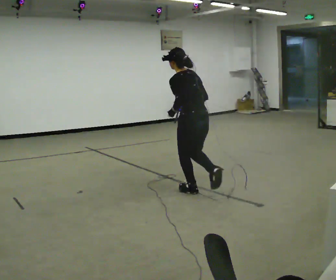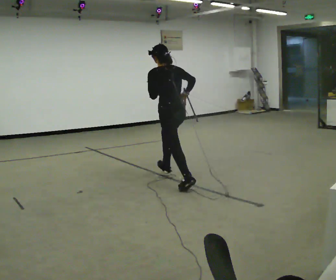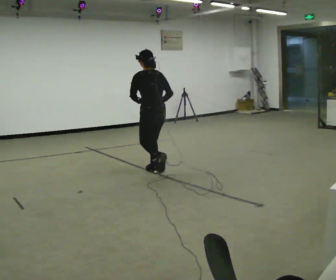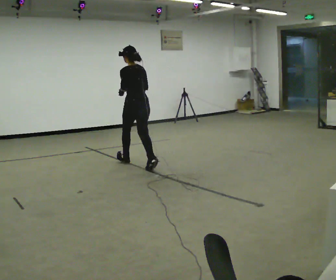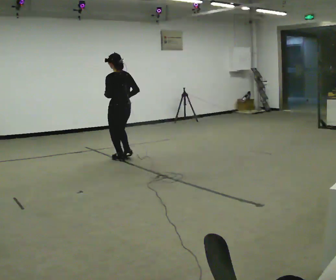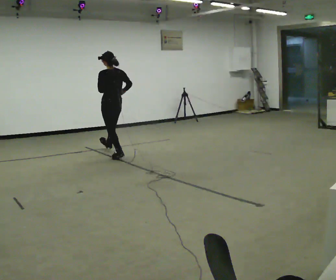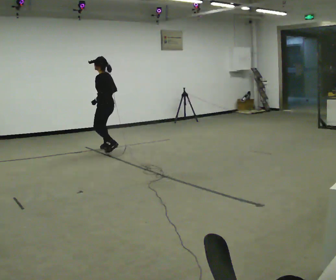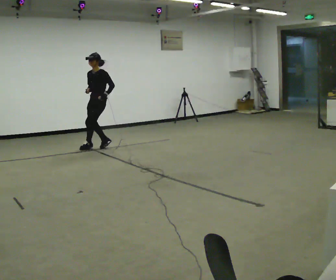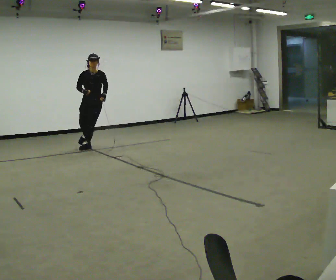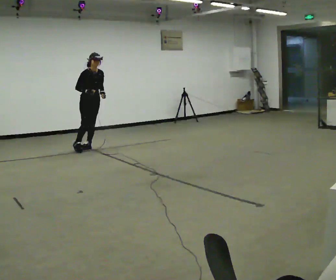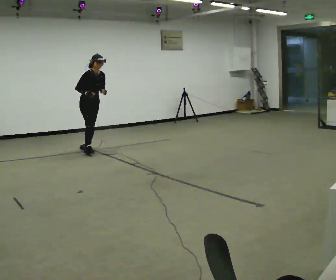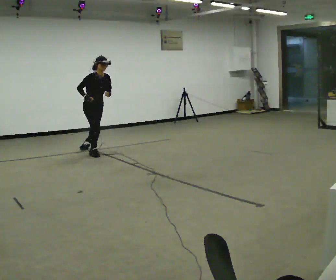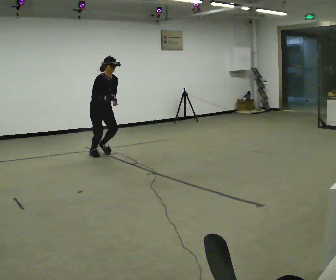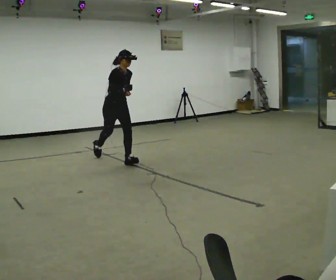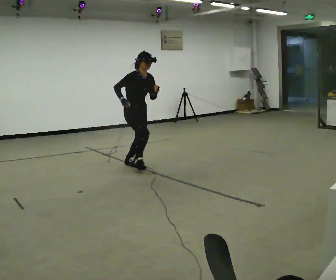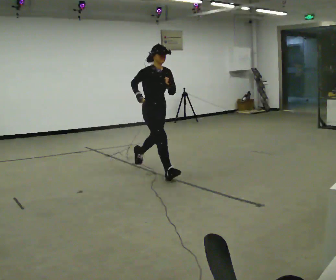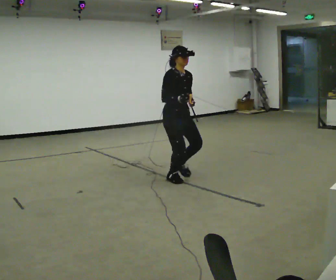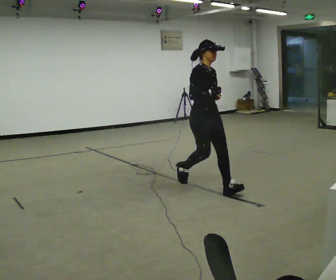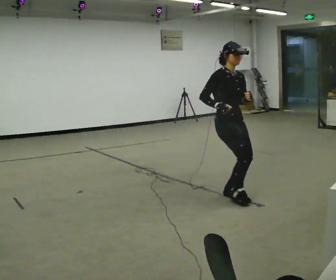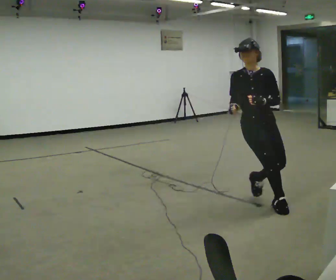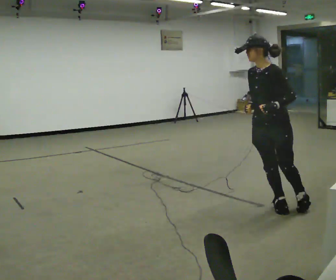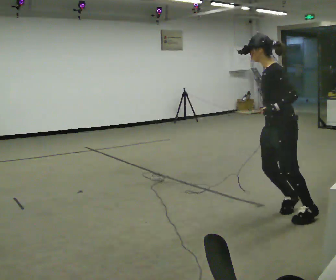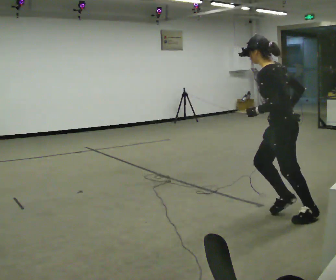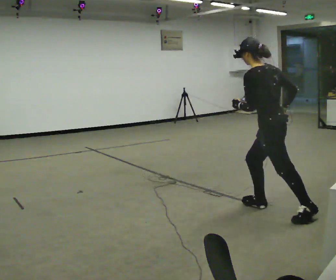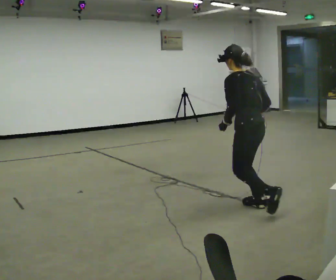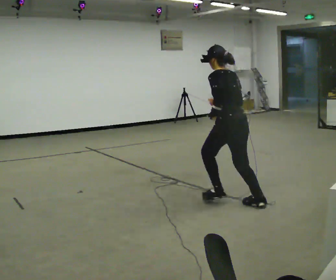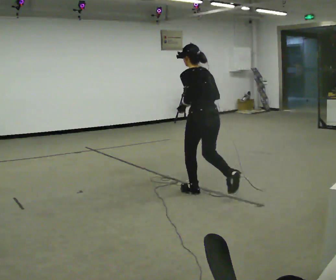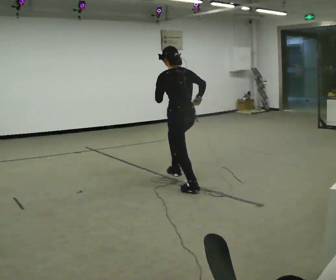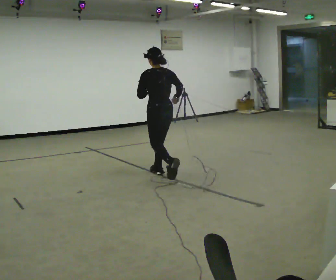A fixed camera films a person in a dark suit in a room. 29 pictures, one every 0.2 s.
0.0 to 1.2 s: The person turns about 30 degrees to their left, counterclockwise seen from above, so the part of the body nearest the lens slides to the right. In the picture they go away from the camera and to the left, about 2.5 m in 3 steps, which for them is forward. The upper body tips toward the camera, its near side rolling downward.
1.2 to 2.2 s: The part of the body nearest the lens slides to the right as the person turns to their left by about 150 degrees. In the picture they go to the left, about 0.25 m in 2 steps. In the picture the upper body tilts clockwise, shoulders to the right, as they bend forward.
2.2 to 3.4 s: In the picture they go toward the camera and to the right, about 2.5 m in 2 steps, which for them is forward. In the picture the upper body tilts counterclockwise, shoulders to the left, as they lean back or straighten.
3.4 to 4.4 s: The part of the body nearest the lens slides to the left as the person turns to their right by about 165 degrees. In the picture they go toward the camera and to the right, about 1 m in 3 steps. In the picture the upper body tilts counterclockwise, shoulders to the left.
4.4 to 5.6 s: Seen from above the body turns clockwise, about 30 degrees: to their right, with its near side sliding to the left. In the picture they go away from the camera and to the left, about 2 m in 1 step, which for them is forward.
The film runs forward here.
